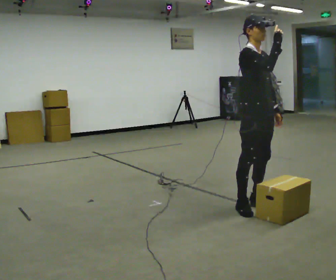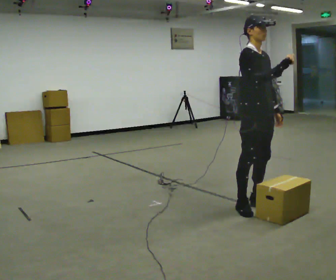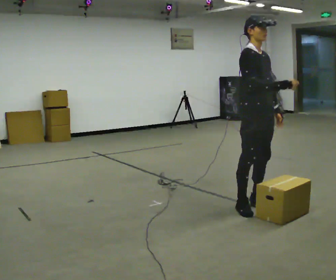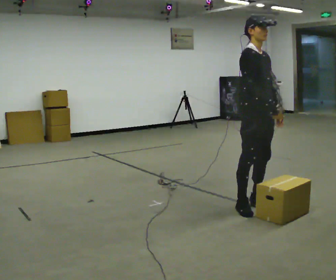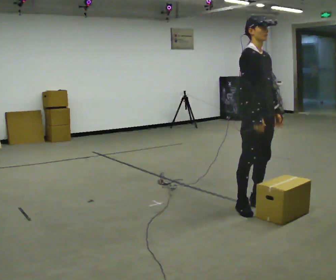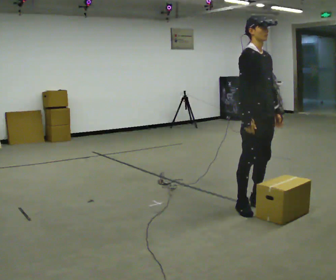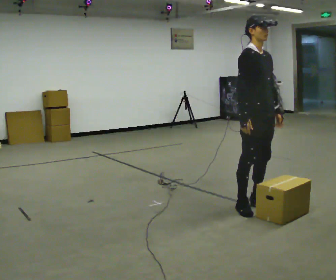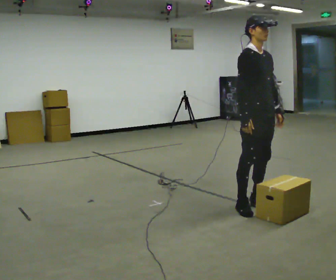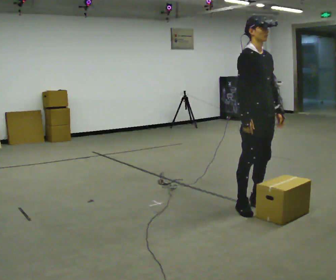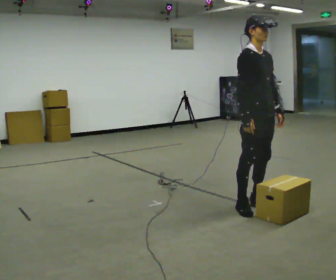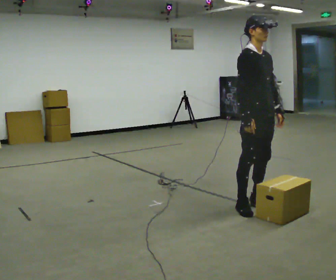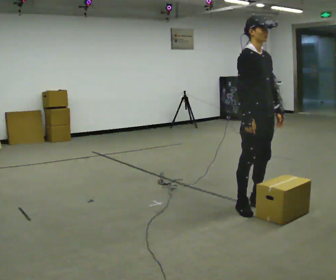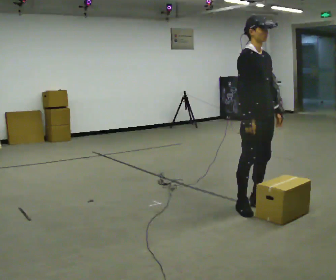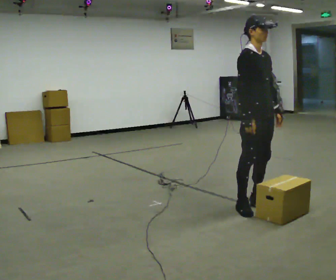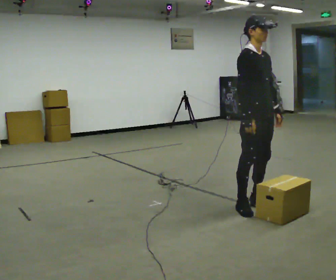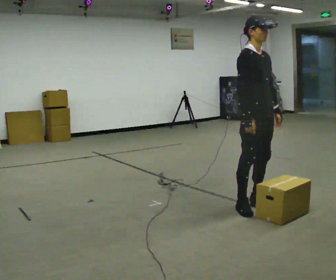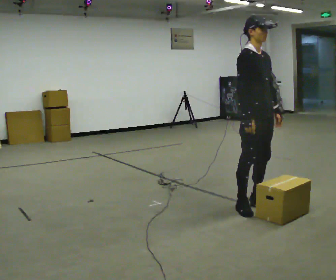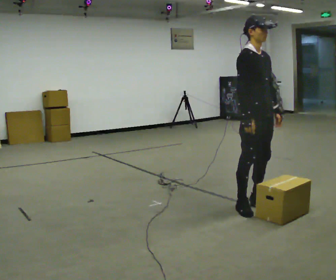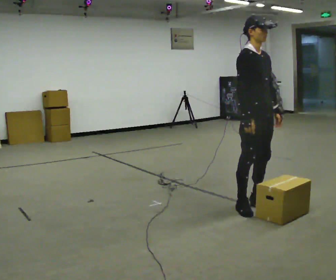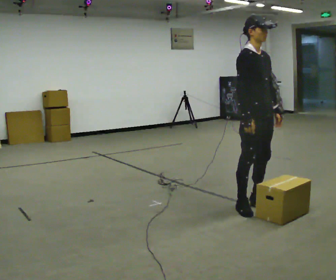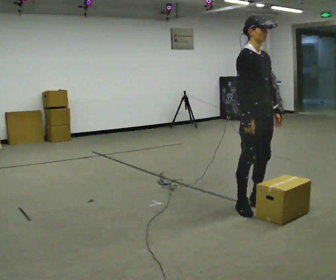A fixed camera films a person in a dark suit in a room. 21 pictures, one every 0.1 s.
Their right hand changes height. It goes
downward.
0.0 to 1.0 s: In the picture their right hand goes downward.
1.0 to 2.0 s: The person keeps their place and pose.
The film runs forward here.
